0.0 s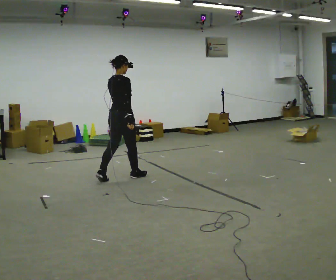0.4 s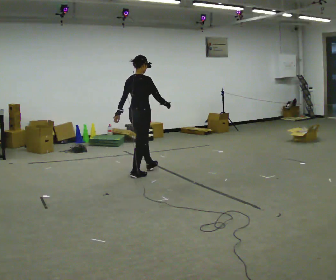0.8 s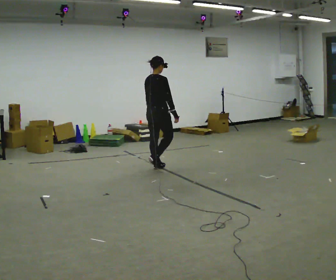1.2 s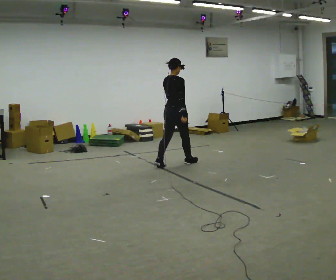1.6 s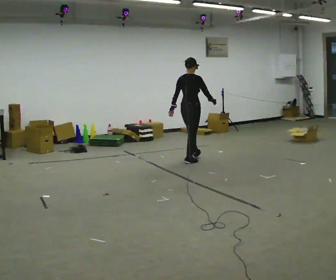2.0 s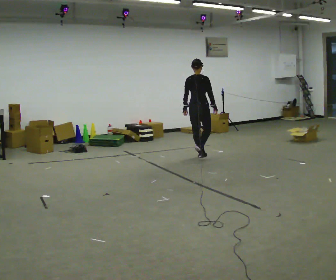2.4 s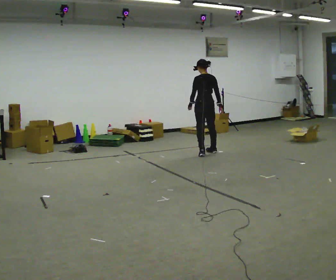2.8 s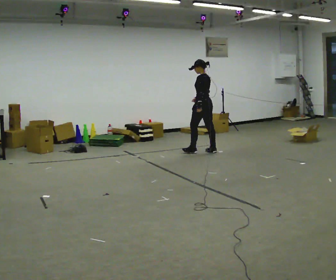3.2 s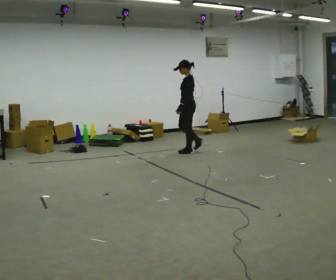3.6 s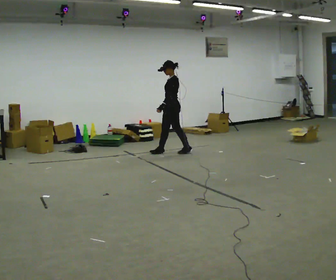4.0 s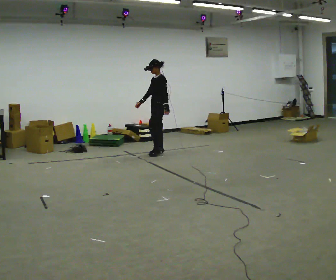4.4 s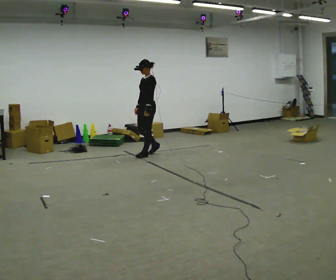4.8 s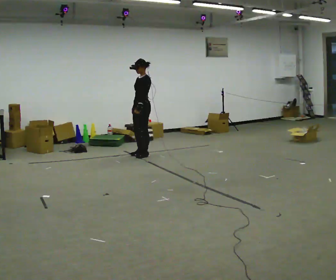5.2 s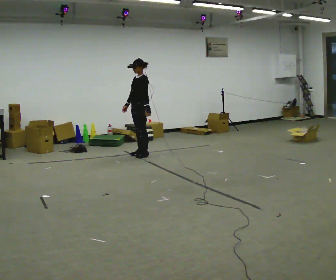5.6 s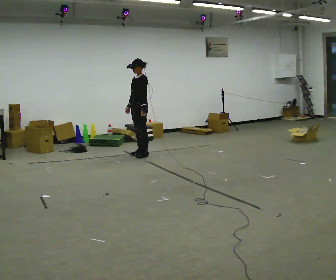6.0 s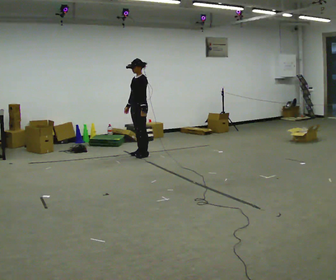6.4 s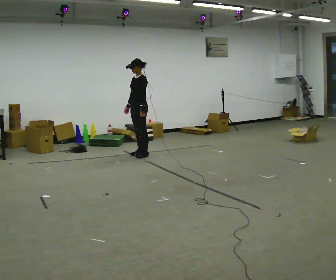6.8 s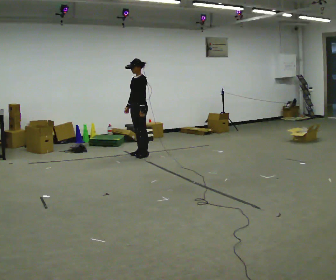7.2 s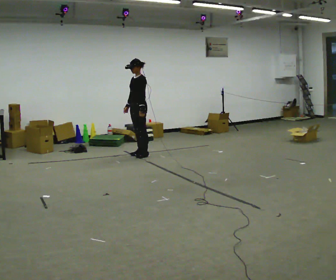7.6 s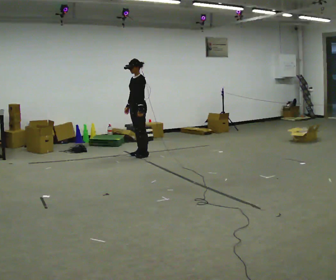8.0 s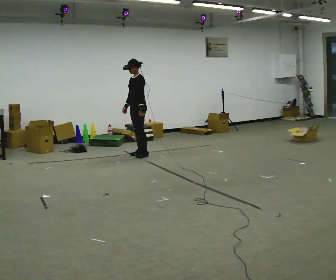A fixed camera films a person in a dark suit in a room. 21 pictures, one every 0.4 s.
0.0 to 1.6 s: In the picture they go away from the camera and to the right, about 1.5 m in 2 steps, which for them is forward.
1.6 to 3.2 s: Seen from above the body turns counterclockwise, about 120 degrees: to their left, with its near side sliding to the right. In the picture they go away from the camera, about 0.5 m in 3 steps.
3.2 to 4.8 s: The part of the body nearest the lens slides to the right as the person turns to their left by about 30 degrees. In the picture they go to the left, about 1 m in 3 steps, which for them is forward.
4.8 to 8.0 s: The person moves a little, or ends about where they began.
The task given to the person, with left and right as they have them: Walk through 3–5 turns in sequence; keep moving; stop at end.
The film runs forward here.
